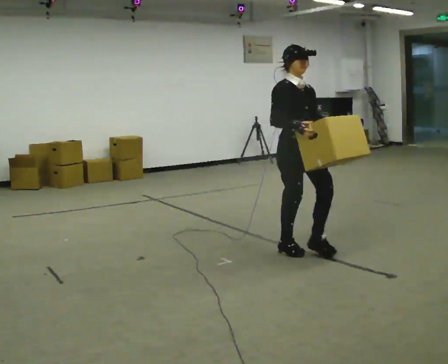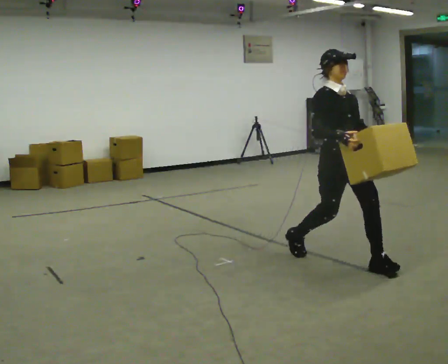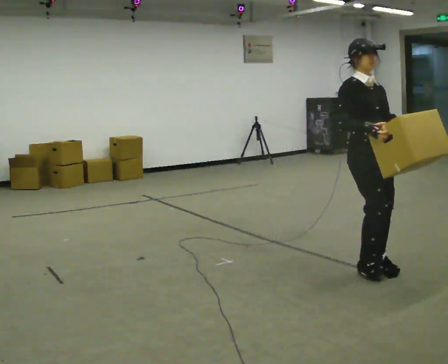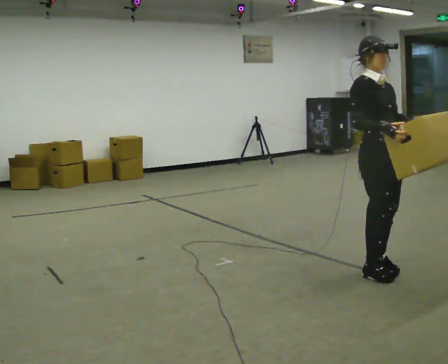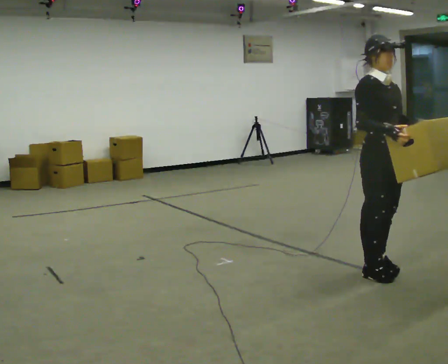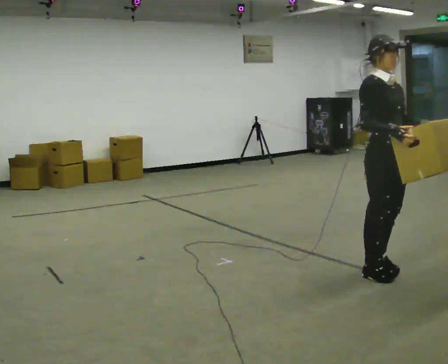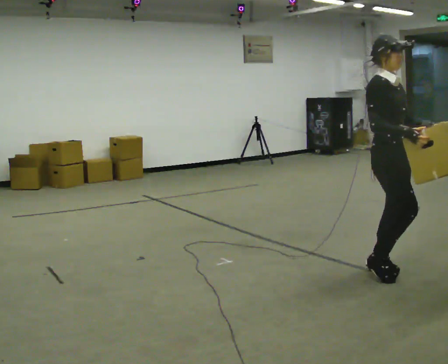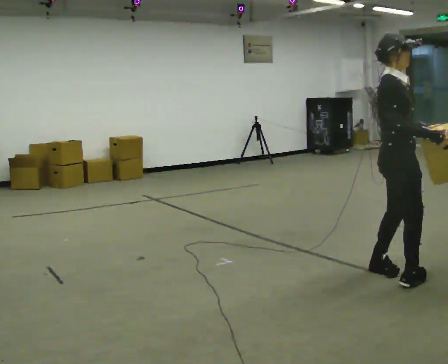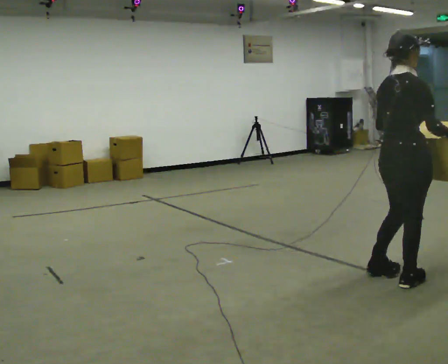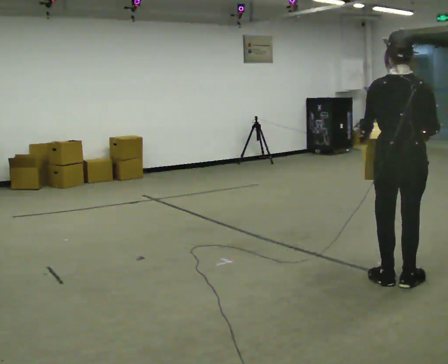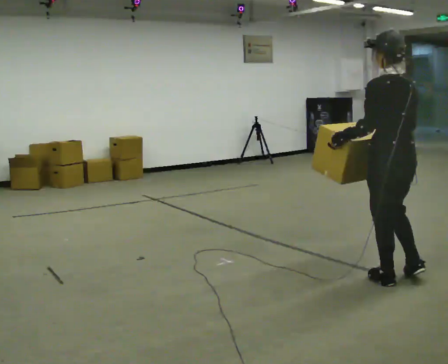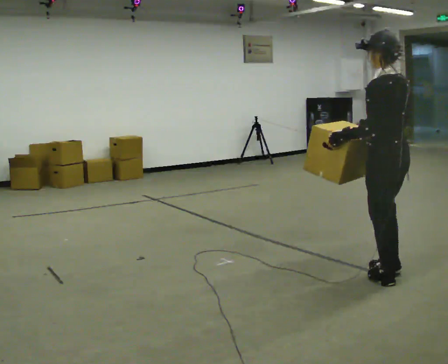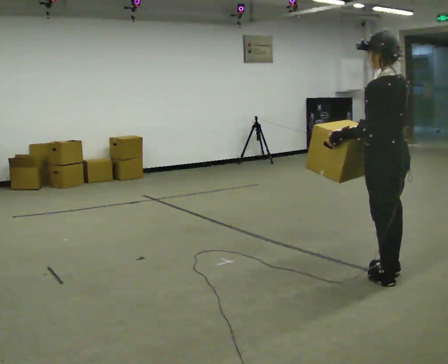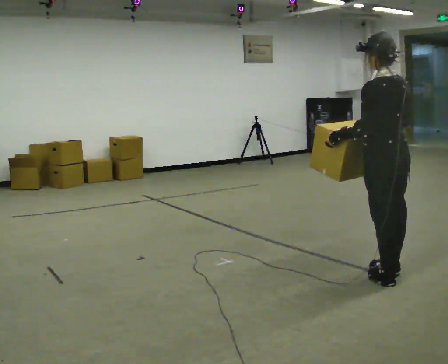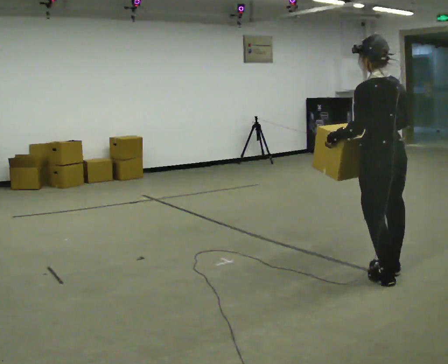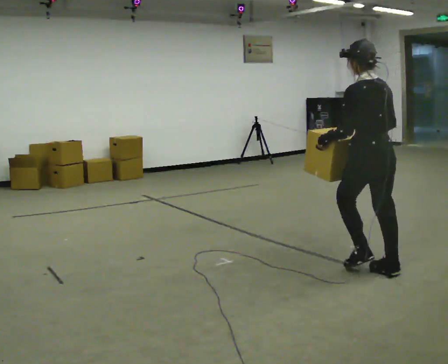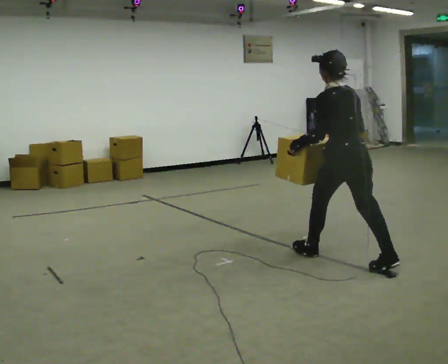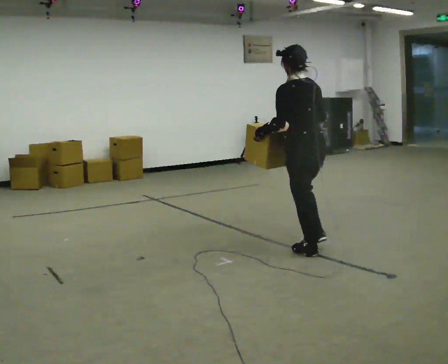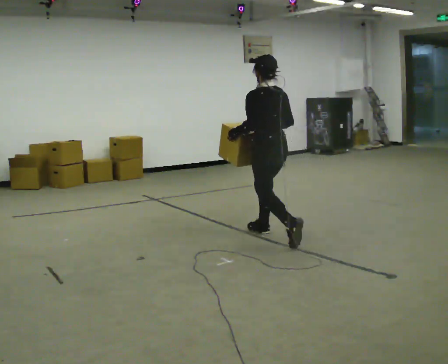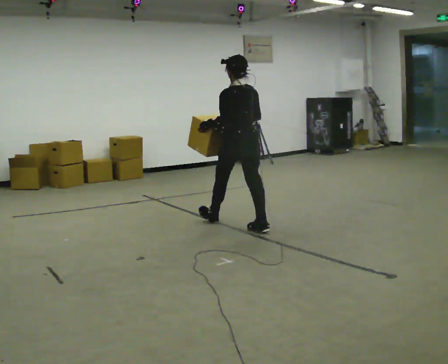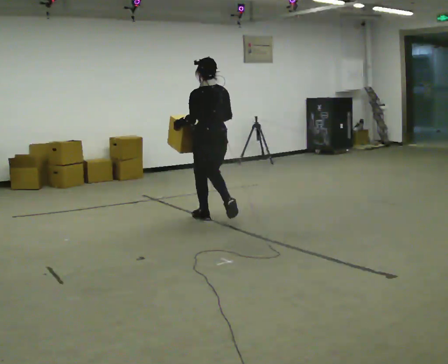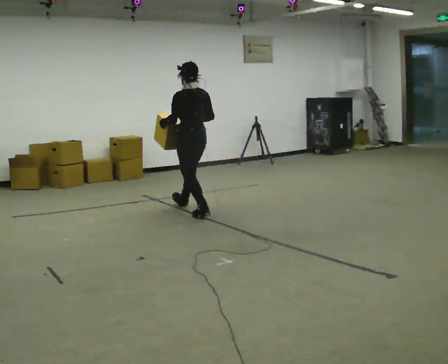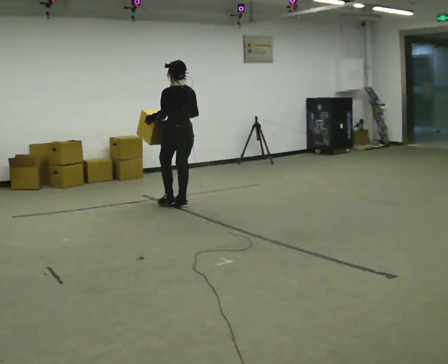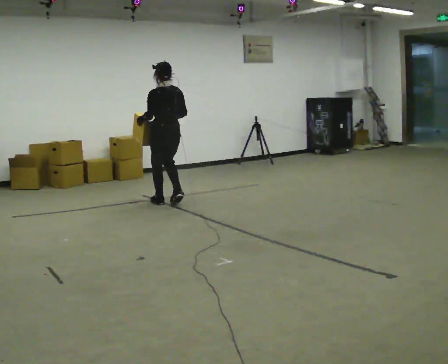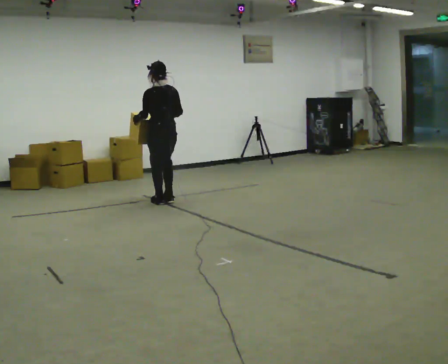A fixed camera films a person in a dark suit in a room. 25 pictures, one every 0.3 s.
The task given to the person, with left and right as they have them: Carry the box across the room as briskly as you comfortably can, back and forth. Do not run.
0.0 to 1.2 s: In the picture they go to the right and toward the camera, about 1 m in 2 steps, which for them is forward.
1.2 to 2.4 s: The part of the body nearest the lens slides to the right as the person turns to their left by about 90 degrees. In the picture they go toward the camera, about 0.25 m in 1 step.
2.4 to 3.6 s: The part of the body nearest the lens slides to the right as the person turns to their left by about 105 degrees. In the picture their right hand goes to the left.
3.6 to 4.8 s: In the picture they go away from the camera and to the left, about 0.5 m in 1 step, which for them is forward.
4.8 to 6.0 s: In the picture they go to the left and away from the camera, about 2 m in 2 steps, which for them is forward.
6.0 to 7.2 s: In the picture they go to the left and away from the camera, about 1 m in 3 steps, which for them is forward.
The film runs forward here.
